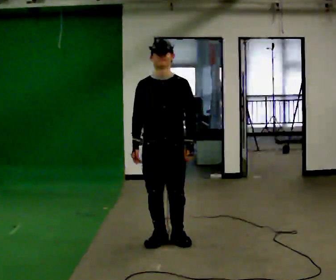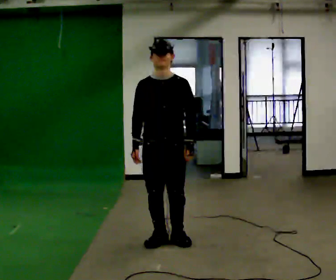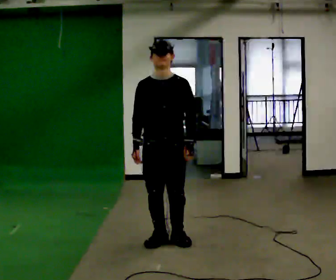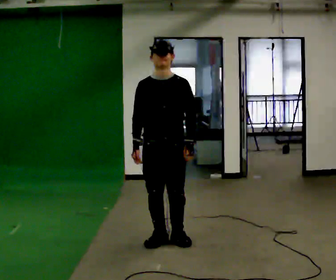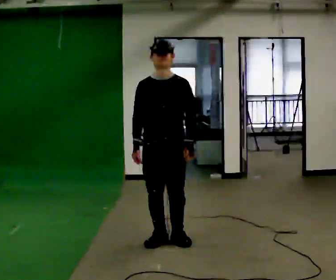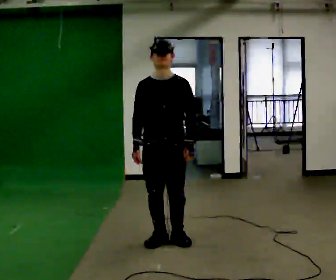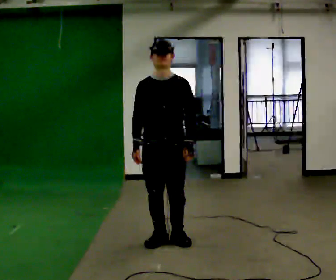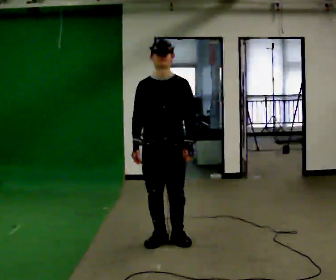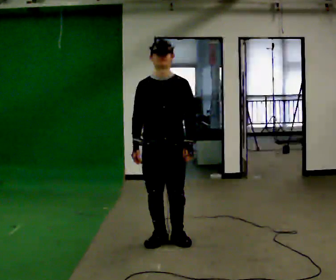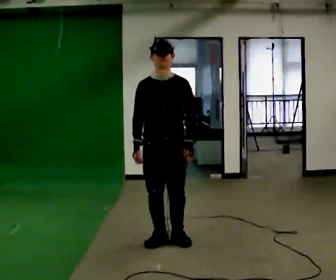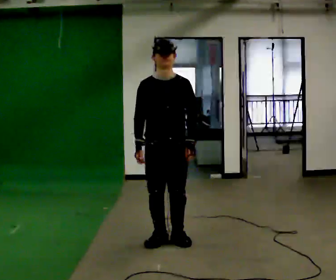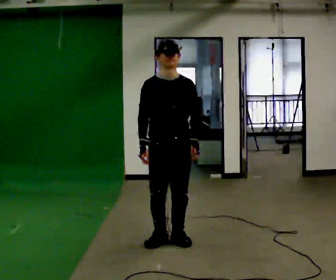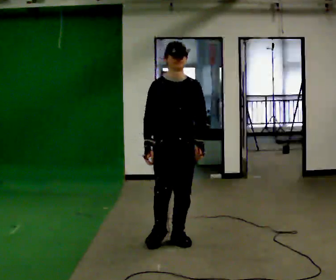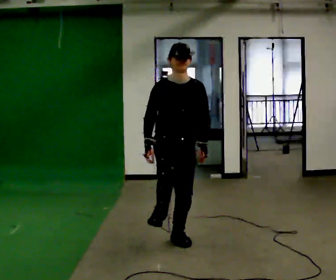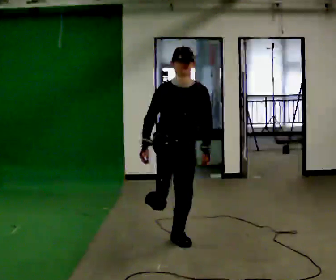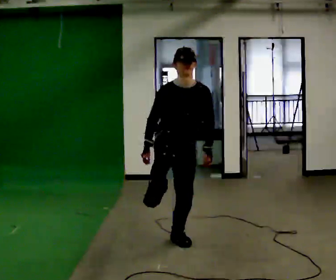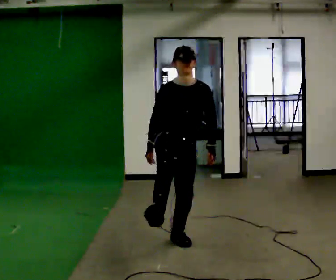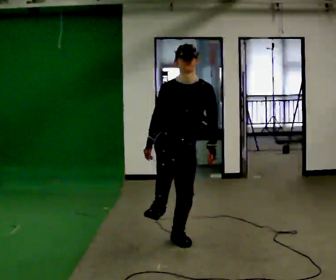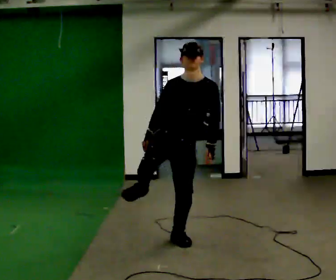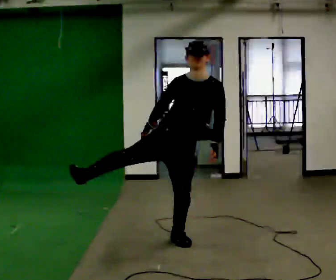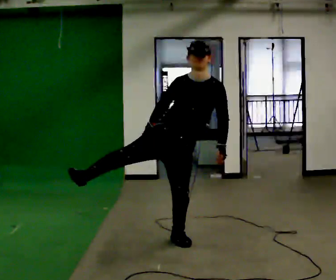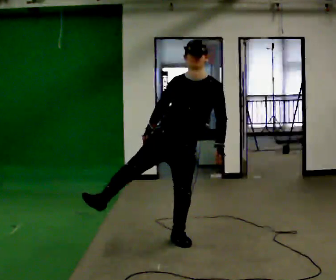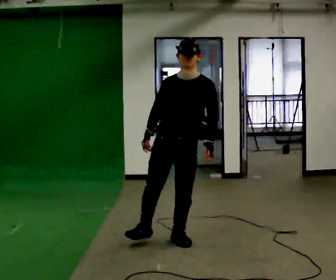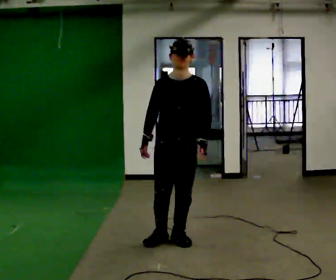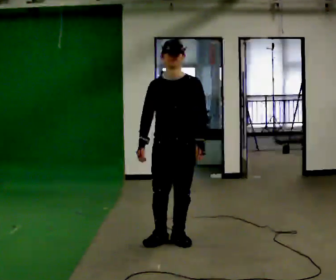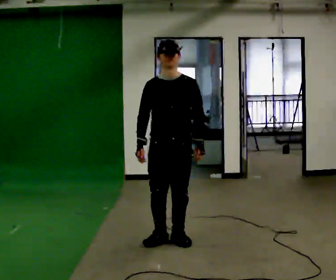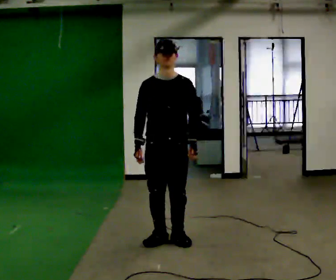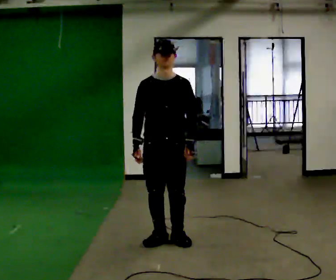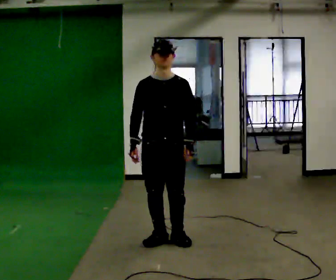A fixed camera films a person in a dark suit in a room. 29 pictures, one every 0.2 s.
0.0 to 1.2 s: The person keeps their place and pose.
1.2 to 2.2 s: The person moves a little, or ends about where they began.
2.2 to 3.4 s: In the picture the upper body tilts clockwise, shoulders to the right.
3.4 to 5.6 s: The person moves a little, or ends about where they began.
The film runs forward here.
